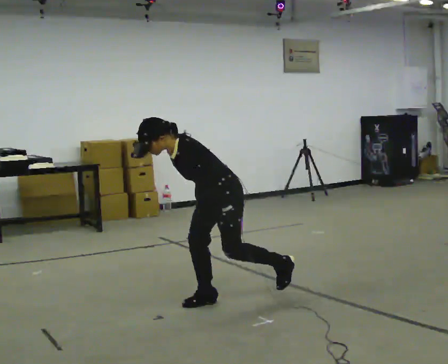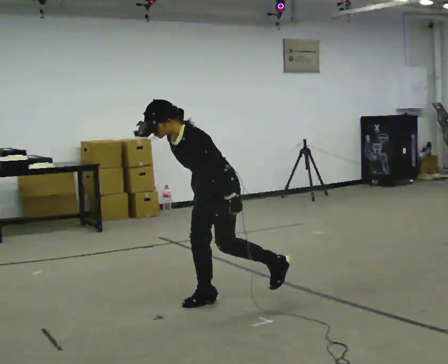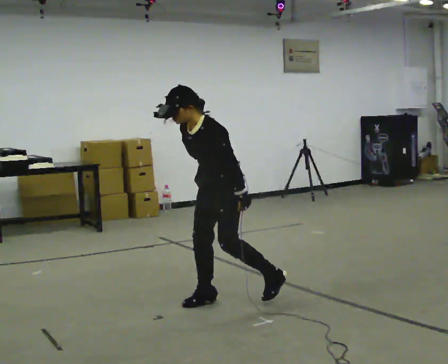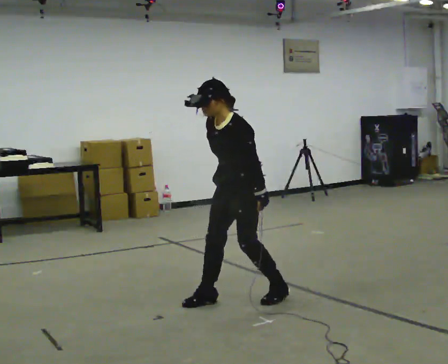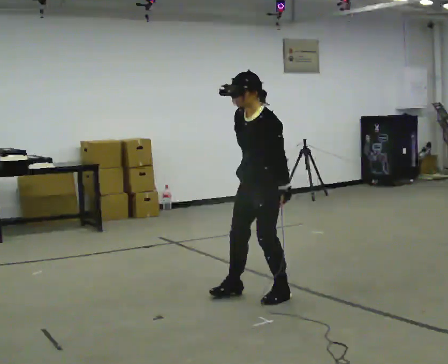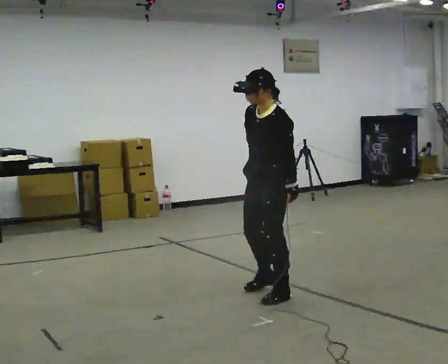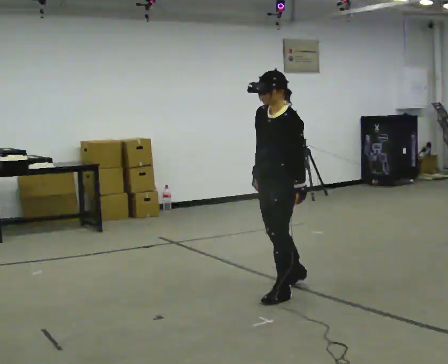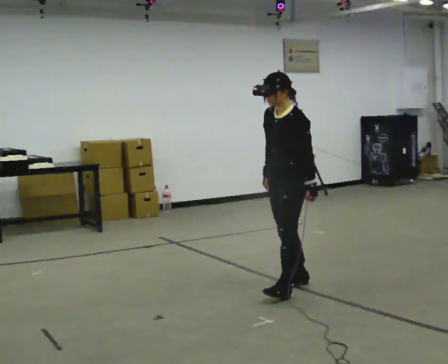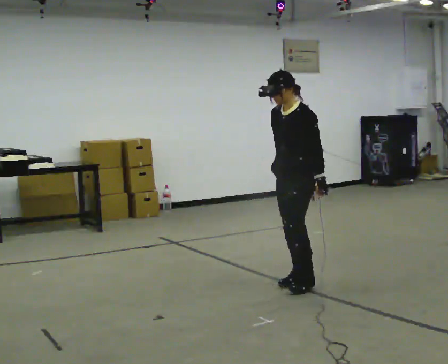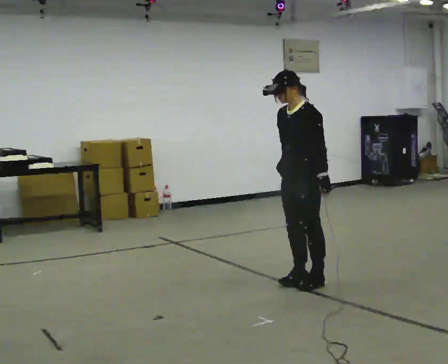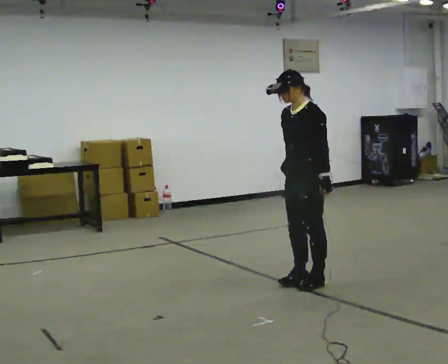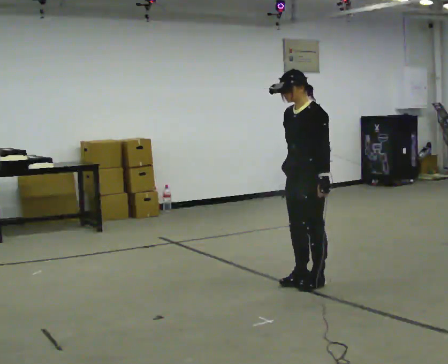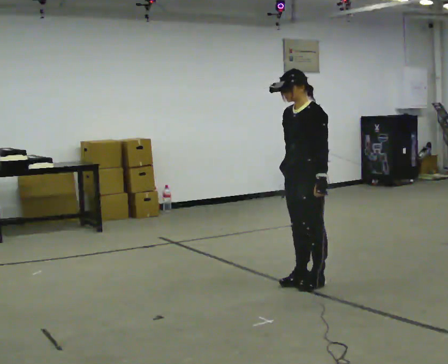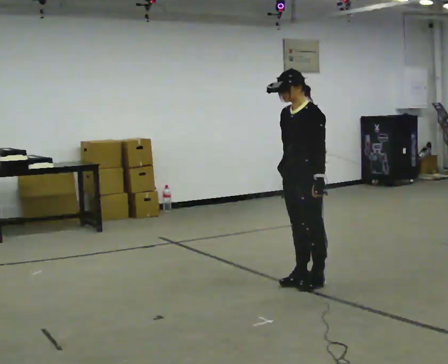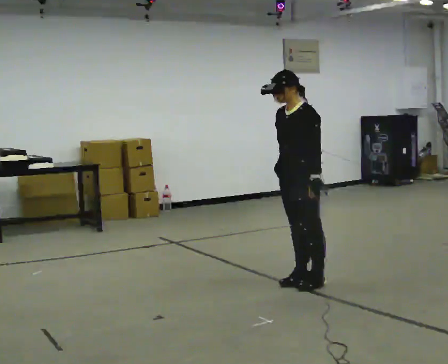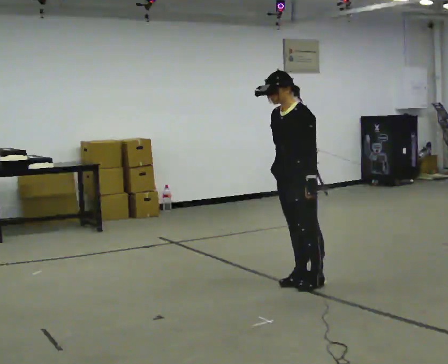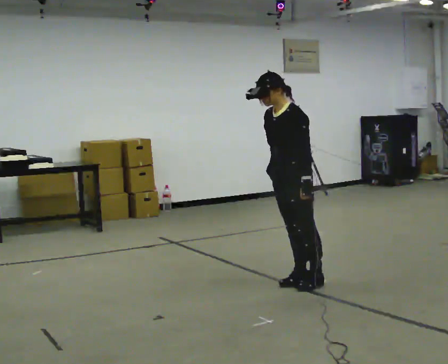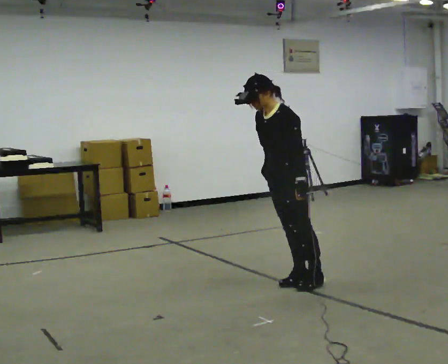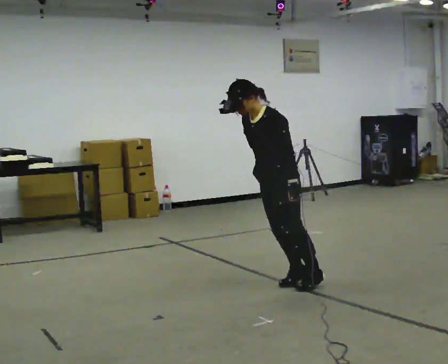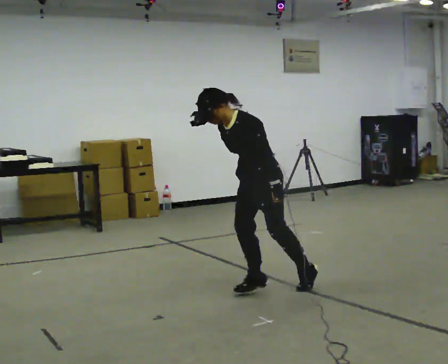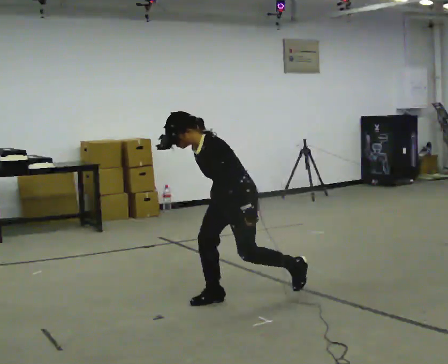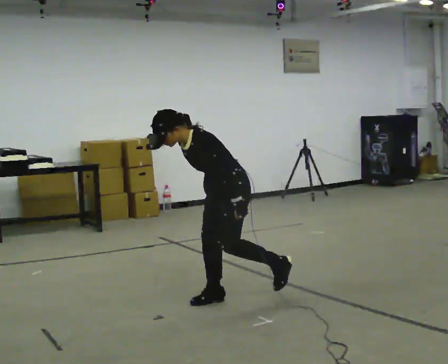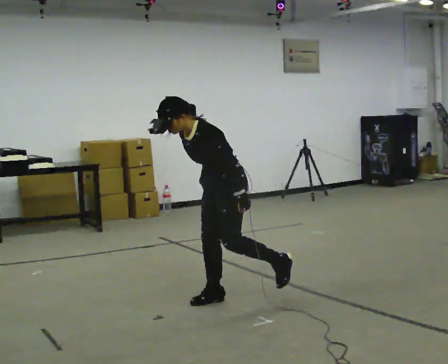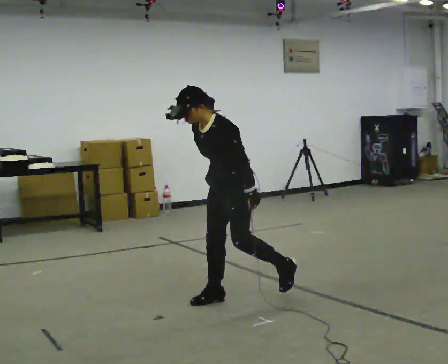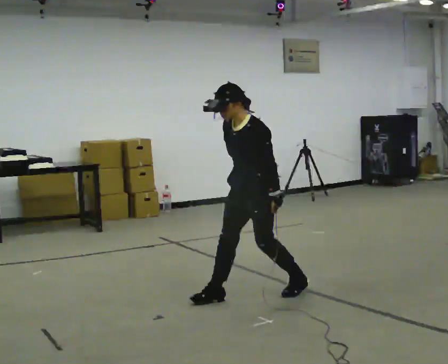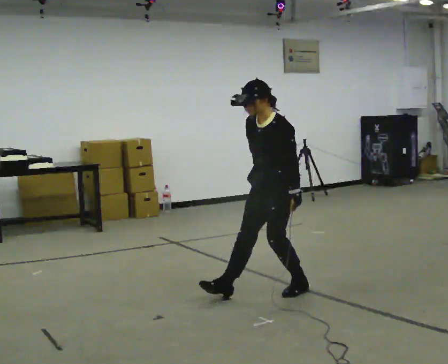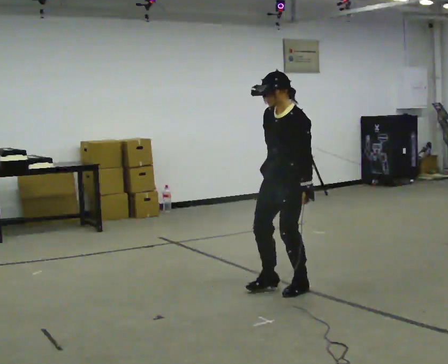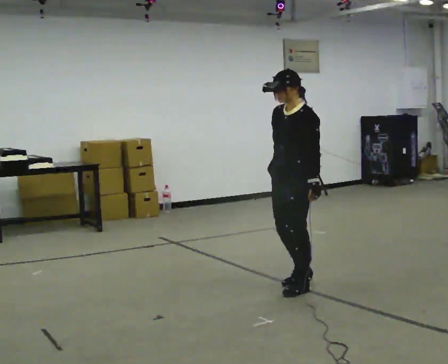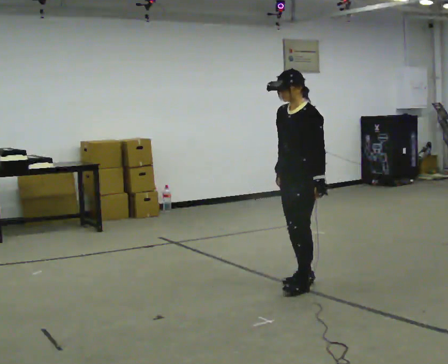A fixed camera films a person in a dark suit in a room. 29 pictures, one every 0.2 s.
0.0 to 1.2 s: In the picture they go to the right and away from the camera, about 0.5 m in 1 step, which for them is backward. The upper body goes upward. In the picture the upper body tilts clockwise, shoulders to the right, as they lean back or straighten.
1.2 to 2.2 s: In the picture they go away from the camera and to the right, about 0.25 m in 2 steps, which for them is backward.
2.2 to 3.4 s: The person moves a little, or ends about where they began.
3.4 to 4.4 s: In the picture they go to the left and toward the camera, about 0.5 m in 2 steps, which for them is forward.
4.4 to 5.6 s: In the picture they go to the right and away from the camera, about 0.5 m in 2 steps, which for them is backward. In the picture the upper body tilts clockwise, shoulders to the right, as they lean back or straighten.
The film runs forward here.
